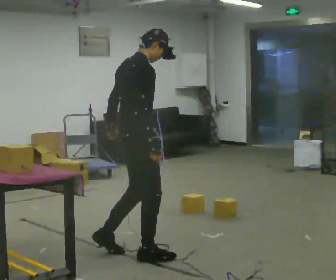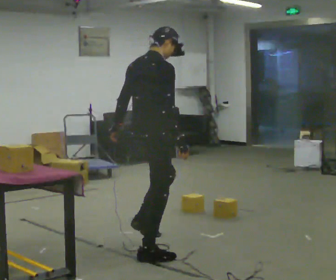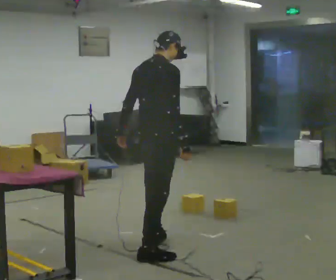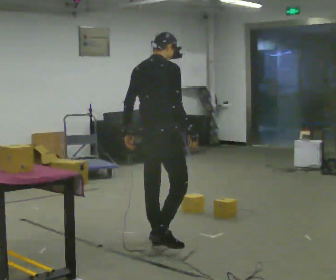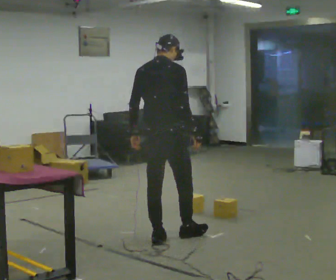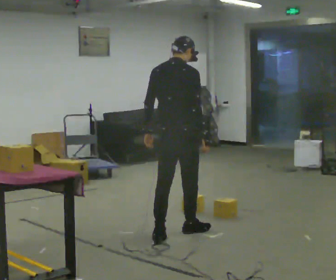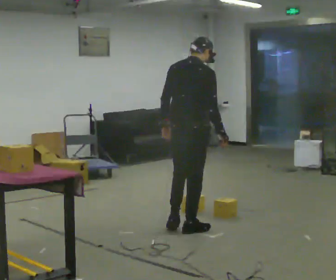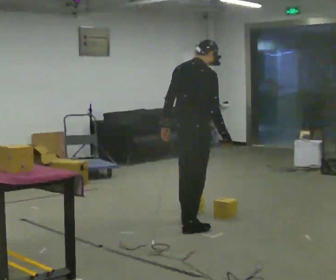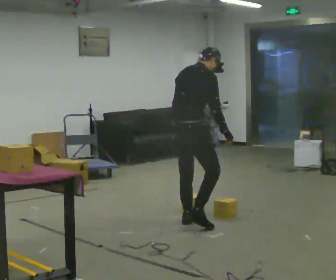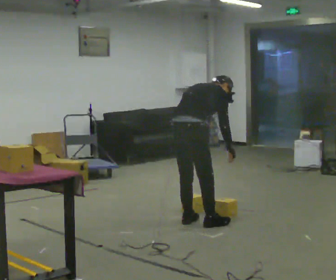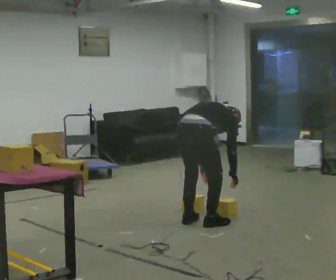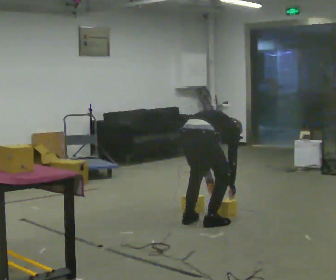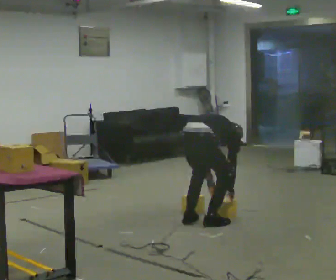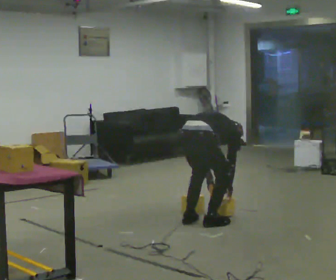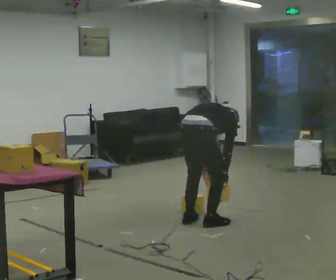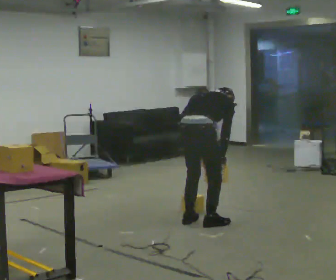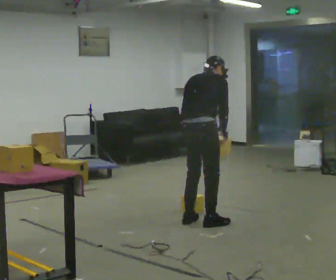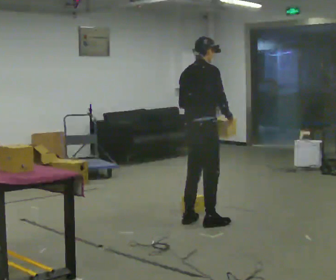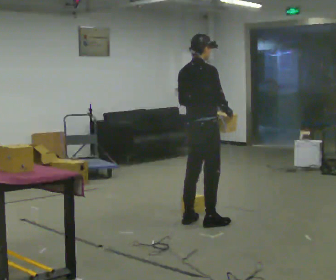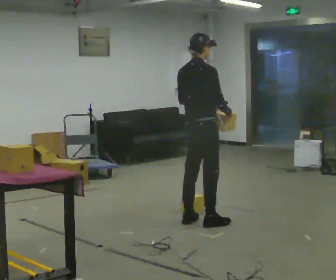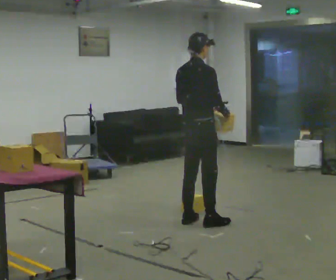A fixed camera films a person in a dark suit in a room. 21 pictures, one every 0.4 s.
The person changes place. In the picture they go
away from the camera.
0.0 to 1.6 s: The part of the body nearest the lens slides to the right as the person turns to their left by about 45 degrees. In the picture they go away from the camera and to the right, about 0.5 m in 1 step, which for them is forward and to their left.
1.6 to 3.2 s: In the picture they go away from the camera and to the right, about 0.5 m in 2 steps, which for them is forward. In the picture the upper body tilts clockwise, shoulders to the right, as they bend forward.
3.2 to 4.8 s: The shoulders move downward. The upper body tips away from the camera, its near side rolling upward, as they bend forward. In the picture their right hand goes downward.
4.8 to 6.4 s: The shoulders move upward. In the picture the upper body tilts counterclockwise, shoulders to the left, as they lean back or straighten. In the picture their left hand goes upward.
6.4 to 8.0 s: The upper body tips toward the camera, its near side rolling downward, as they lean back or straighten.
The film runs forward here.
